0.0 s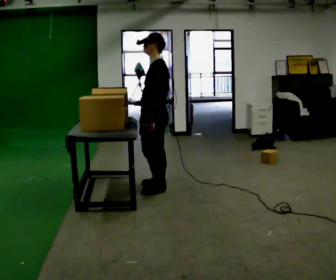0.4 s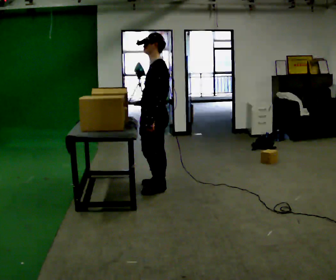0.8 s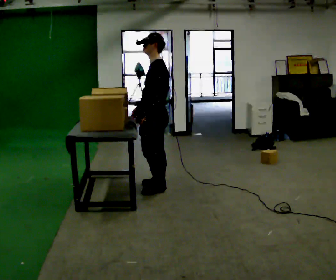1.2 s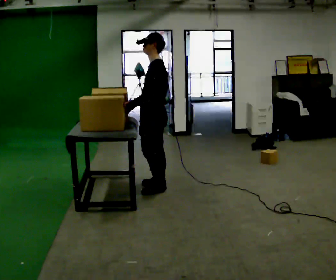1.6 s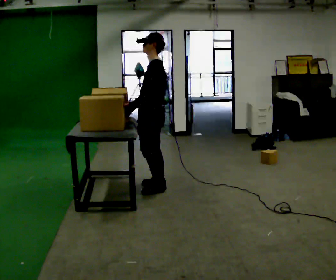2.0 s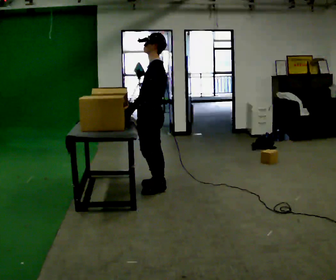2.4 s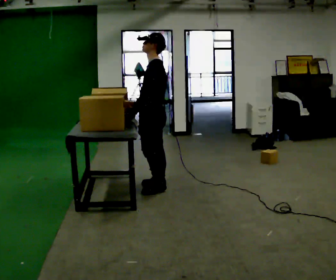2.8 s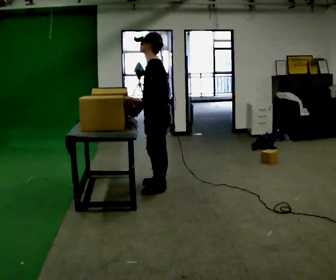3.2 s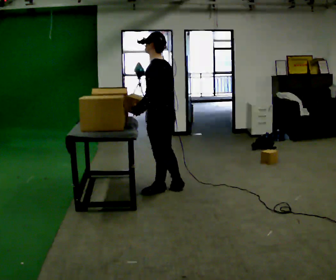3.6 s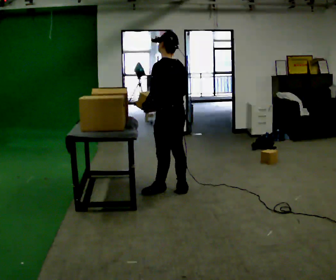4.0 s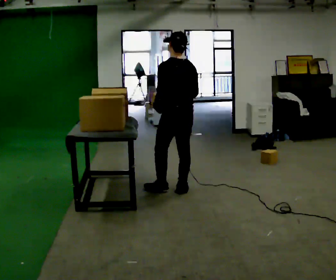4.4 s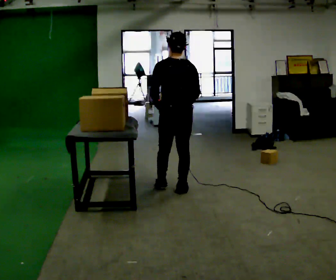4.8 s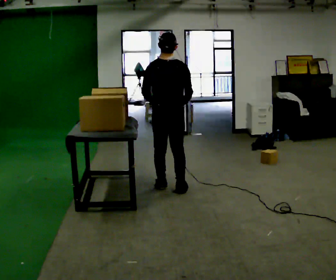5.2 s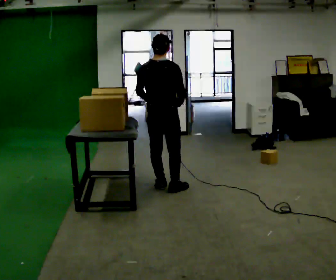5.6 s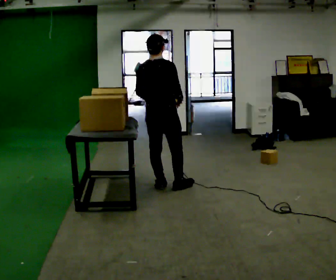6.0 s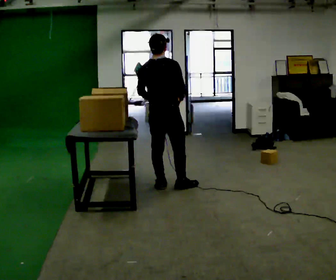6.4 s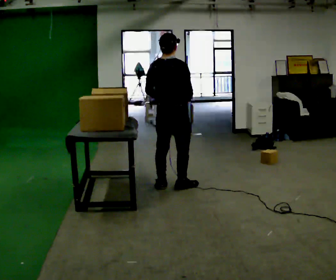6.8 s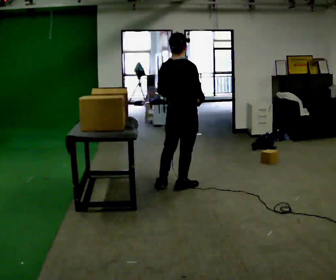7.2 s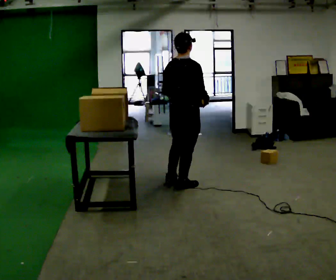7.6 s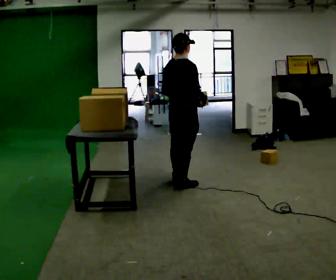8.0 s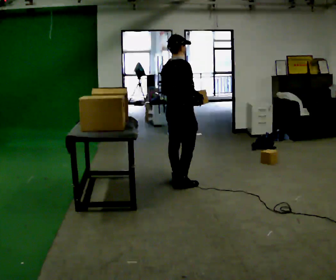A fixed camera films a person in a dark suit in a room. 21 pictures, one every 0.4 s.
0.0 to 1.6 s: The person moves a little, or ends about where they began.
1.6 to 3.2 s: The person turns about 30 degrees to their right, clockwise seen from above, so the part of the body nearest the lens slides to the left.
3.2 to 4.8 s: The person turns about 75 degrees to their right, clockwise seen from above, so the part of the body nearest the lens slides to the left. In the picture their right hand goes to the right.
4.8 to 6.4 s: The person moves a little, or ends about where they began.
6.4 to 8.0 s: Seen from above the body turns clockwise, about 30 degrees: to their right, with its near side sliding to the left. In the picture they go away from the camera, about 0.25 m in 1 step, which for them is forward.
The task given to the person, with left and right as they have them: Take the objects the operator names off the crowded shelf, one at a time, and carry each one to the table. You will have to move other things out of the way to reach them. Keep going until the operator says stop; one object at a time, and do not rush between trips.
The film runs forward here.
